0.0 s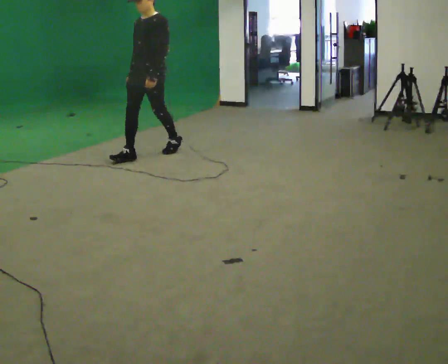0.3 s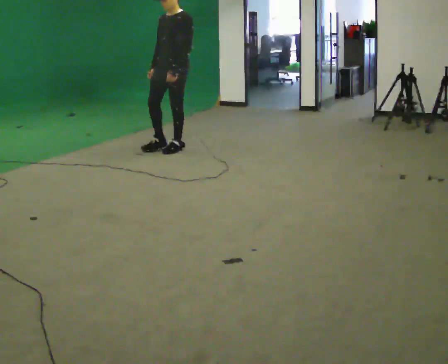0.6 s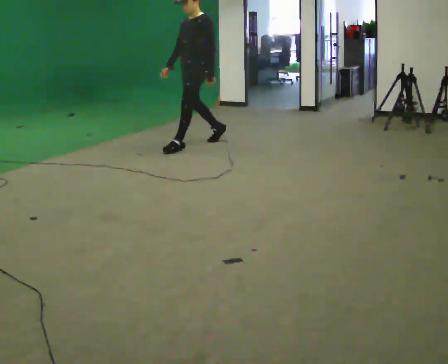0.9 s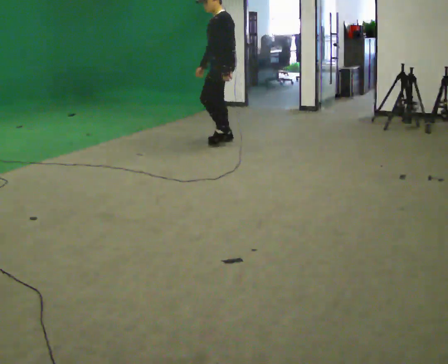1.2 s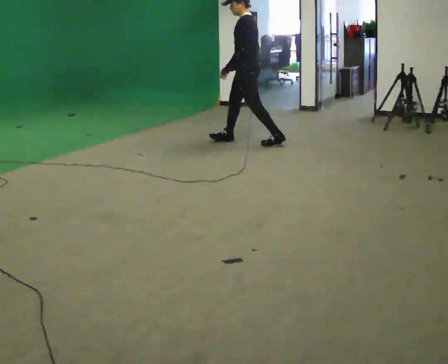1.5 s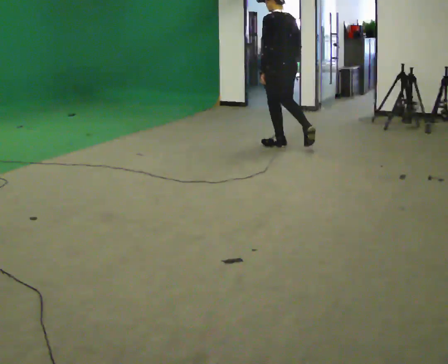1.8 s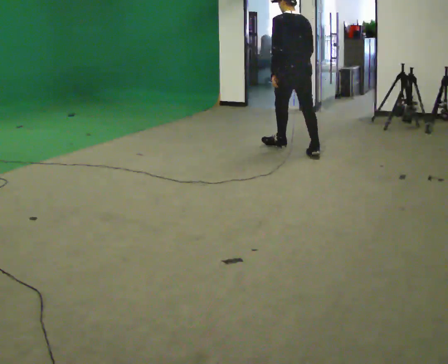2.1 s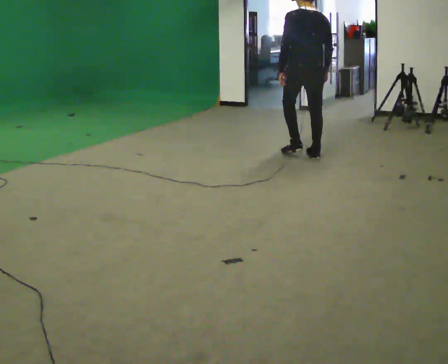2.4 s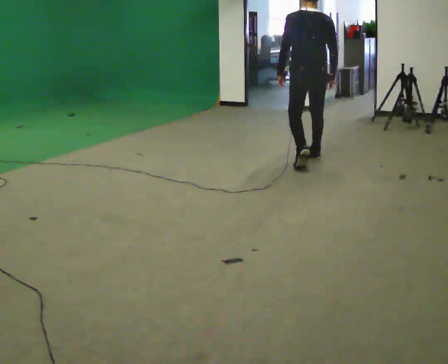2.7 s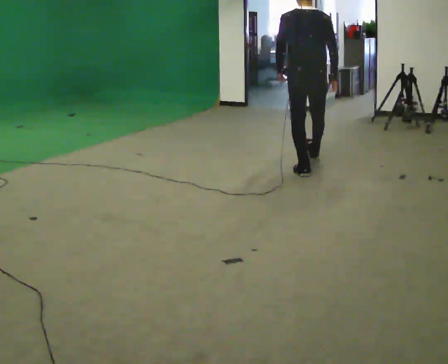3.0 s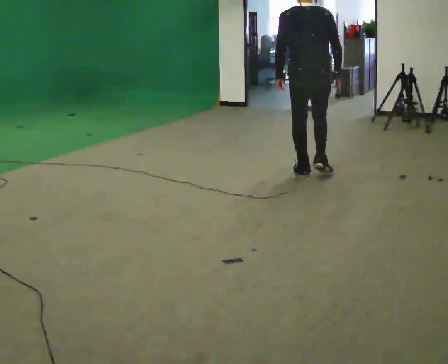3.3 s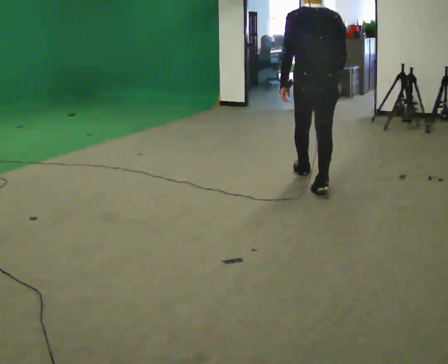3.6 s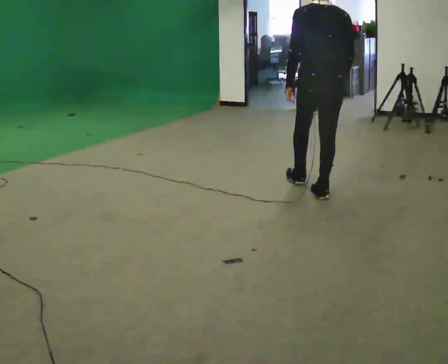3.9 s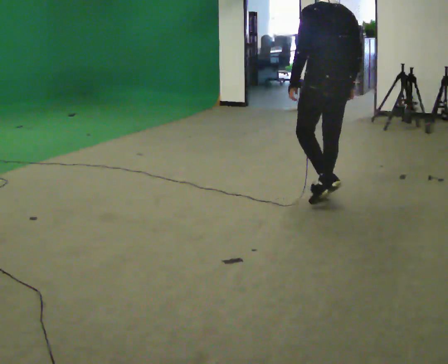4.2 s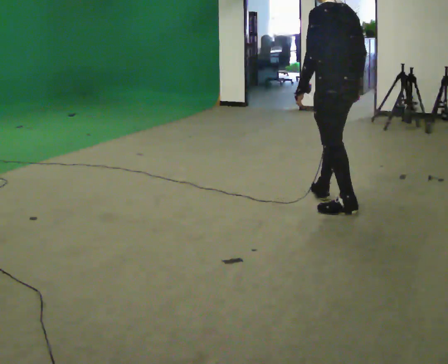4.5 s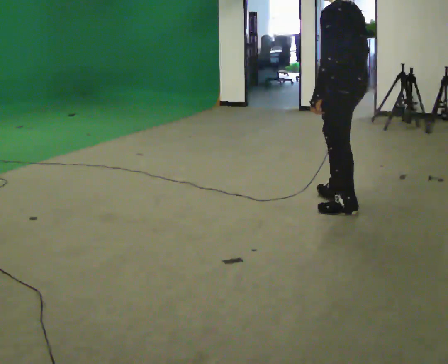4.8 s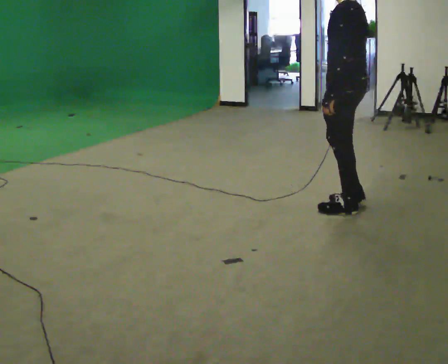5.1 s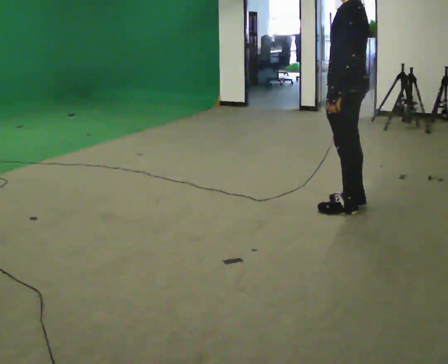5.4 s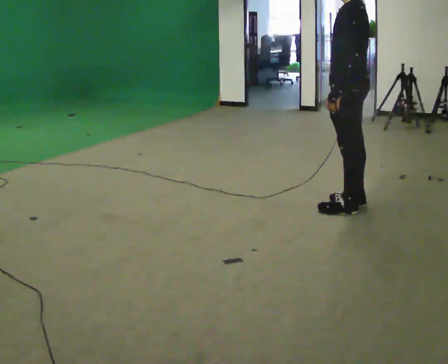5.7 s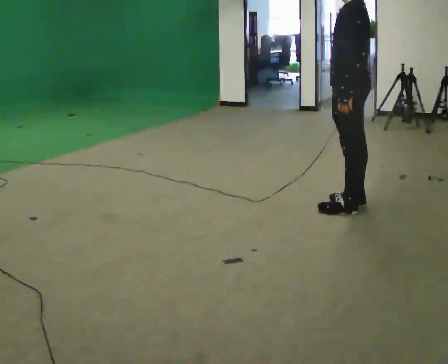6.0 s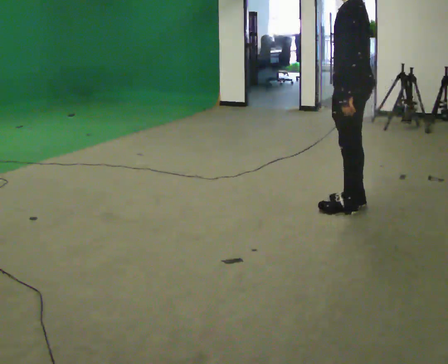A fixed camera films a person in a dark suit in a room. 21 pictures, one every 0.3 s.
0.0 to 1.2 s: The part of the body nearest the lens slides to the left as the person turns to their right by about 60 degrees. In the picture they go to the right and away from the camera, about 1 m in 2 steps.
1.2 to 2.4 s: Seen from above the body turns clockwise, about 75 degrees: to their right, with its near side sliding to the left. In the picture they go to the right and toward the camera, about 1 m in 2 steps.
2.4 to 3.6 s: In the picture they go toward the camera, about 1 m in 2 steps, which for them is backward.
3.6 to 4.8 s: The part of the body nearest the lens slides to the right as the person turns to their left by about 60 degrees. In the picture they go toward the camera and to the right, about 0.5 m in 1 step.
4.8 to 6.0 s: The person moves a little, or ends about where they began.
The film runs backward here.
